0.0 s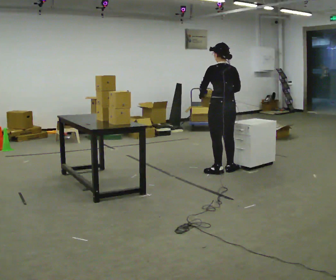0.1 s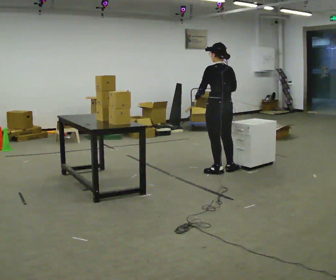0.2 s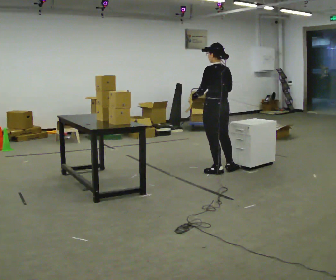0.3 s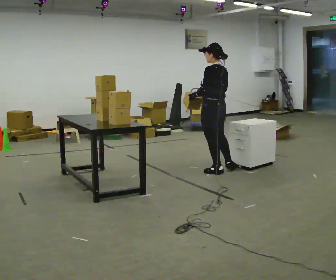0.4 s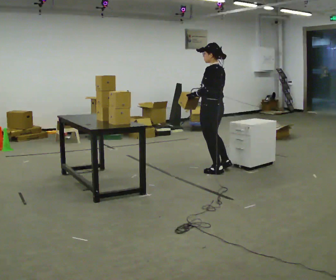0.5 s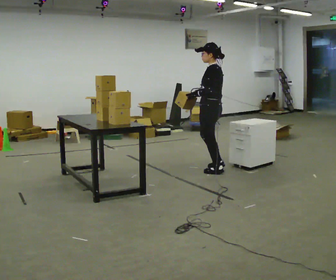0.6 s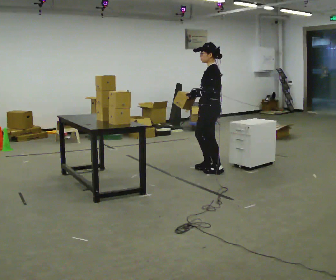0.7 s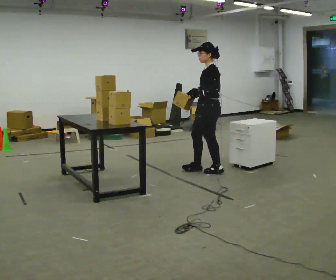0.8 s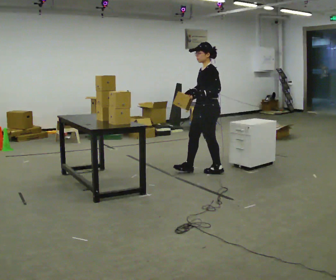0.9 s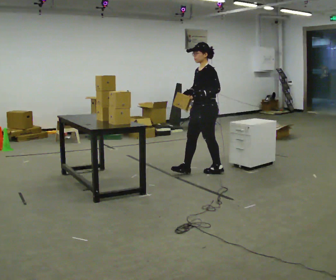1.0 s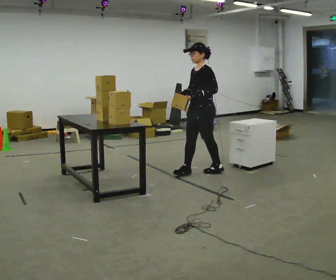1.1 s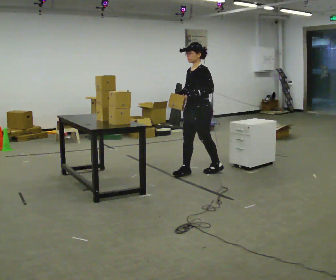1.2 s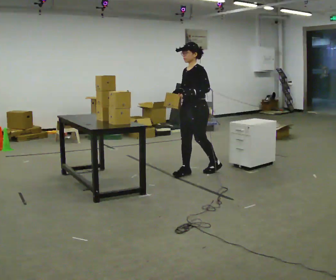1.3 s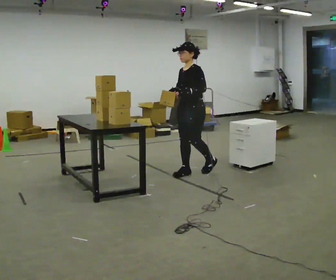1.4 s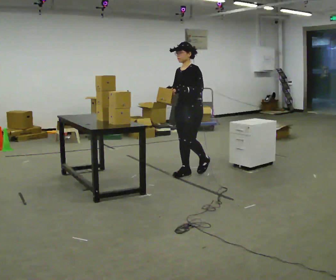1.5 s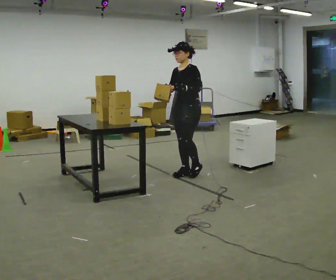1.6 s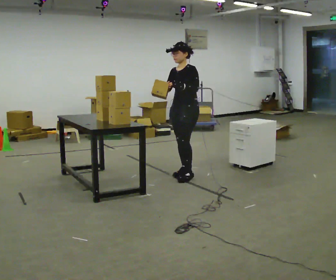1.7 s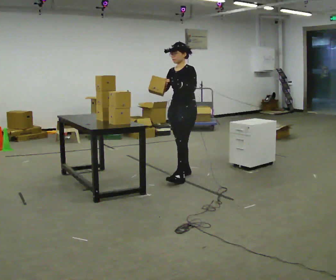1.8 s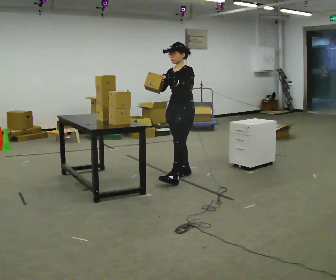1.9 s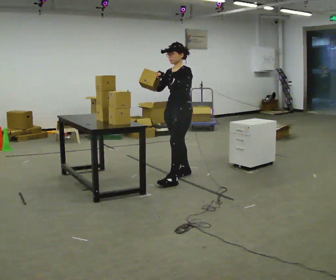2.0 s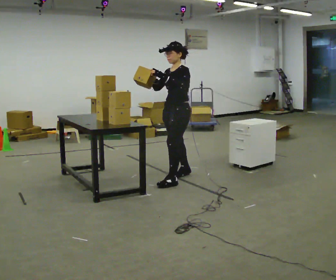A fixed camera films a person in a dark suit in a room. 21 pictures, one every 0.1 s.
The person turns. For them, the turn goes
to their left.
The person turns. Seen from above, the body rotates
counterclockwise.
0.0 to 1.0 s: The person turns about 105 degrees to their left, counterclockwise seen from above, so the part of the body nearest the lens slides to the right. In the picture they go to the left, about 0.25 m in 1 step.
1.0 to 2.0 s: In the picture they go toward the camera and to the left, about 0.5 m in 1 step, which for them is forward.
The film runs forward here.
